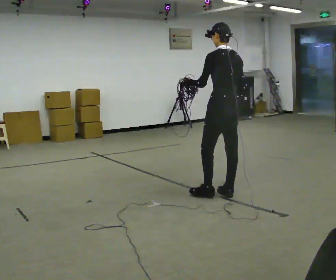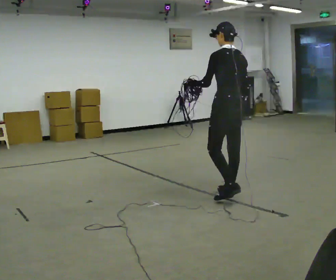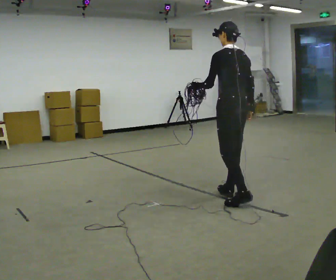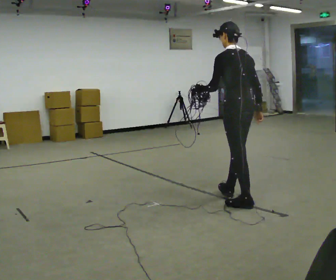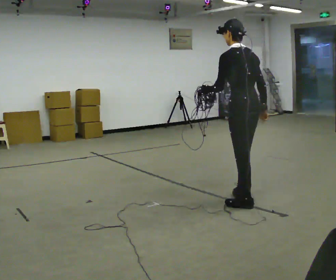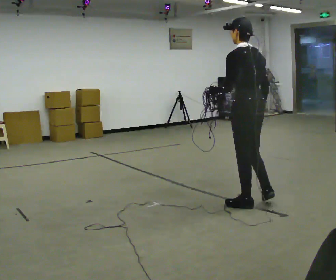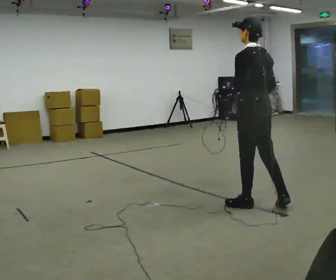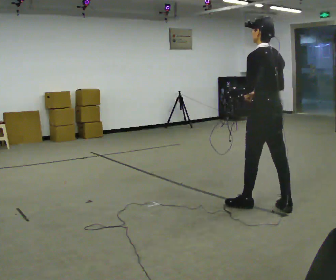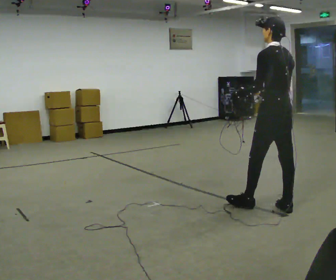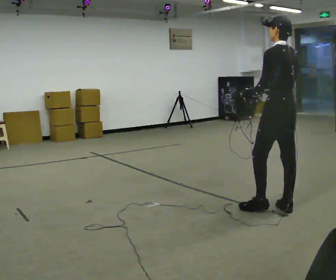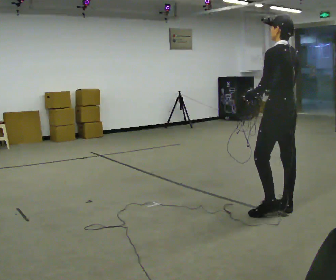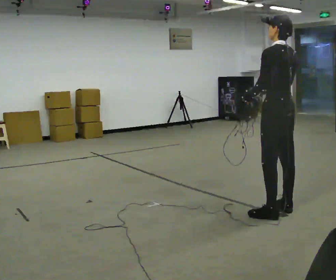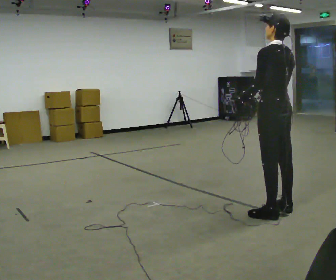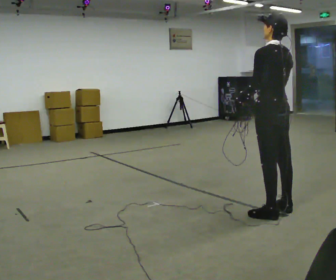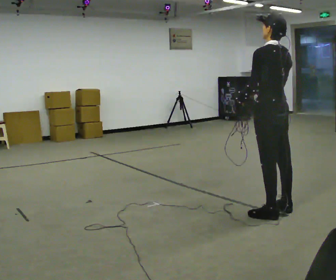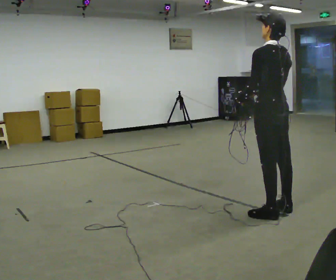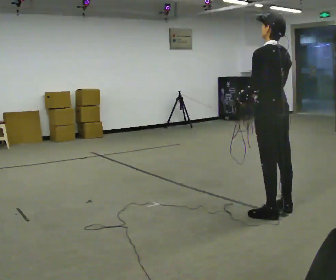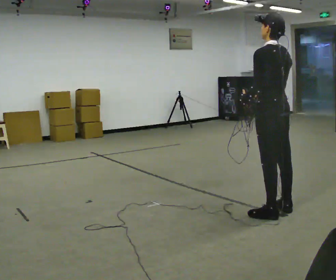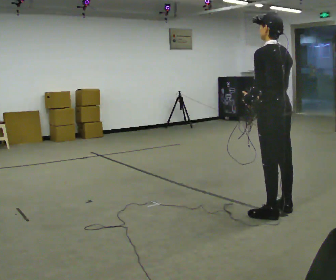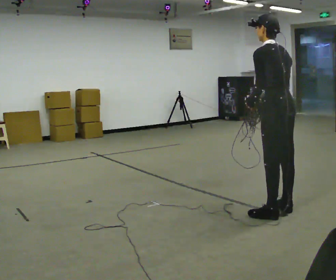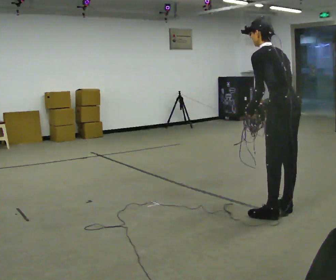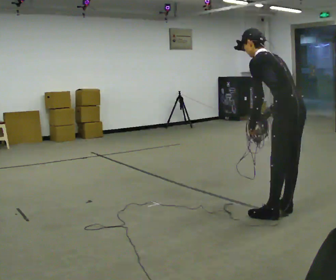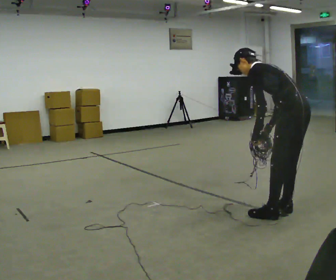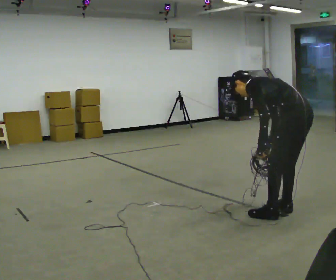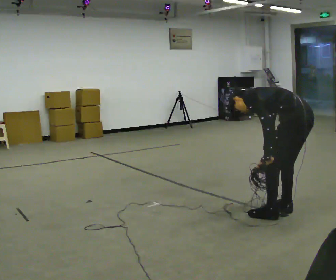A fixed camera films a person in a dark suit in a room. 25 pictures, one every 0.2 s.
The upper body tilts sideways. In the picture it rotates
counterclockwise.
Their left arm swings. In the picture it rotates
counterclockwise.
0.0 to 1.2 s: In the picture they go toward the camera and to the right, about 0.5 m in 1 step, which for them is backward.
1.2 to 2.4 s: In the picture they go to the right, about 0.25 m in 1 step, which for them is backward.
2.4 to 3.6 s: The person moves a little, or ends about where they began.
3.6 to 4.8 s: In the picture they go to the right and toward the camera, about 0.25 m, which for them is backward. The upper body goes downward. In the picture the upper body tilts counterclockwise, shoulders to the left, as they bend forward. In the picture their left hand goes downward.
The film runs backward here.
